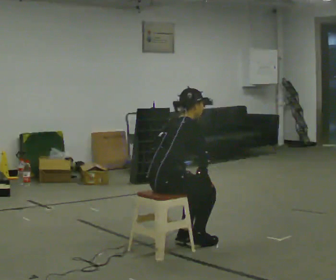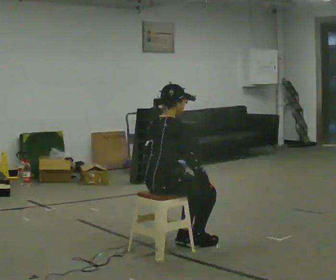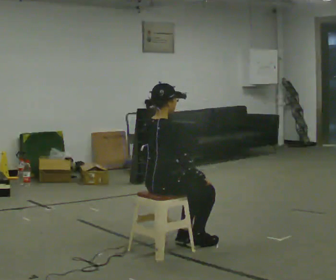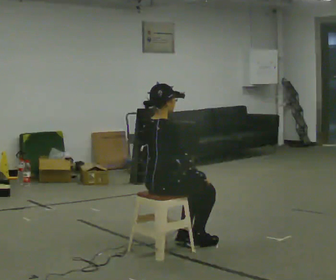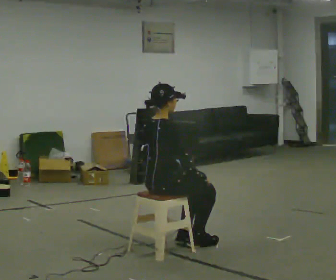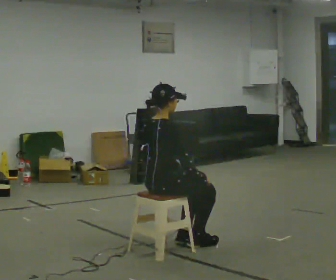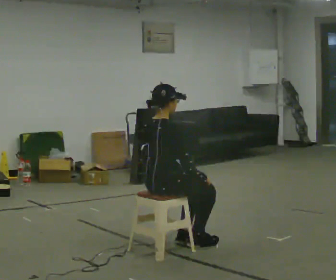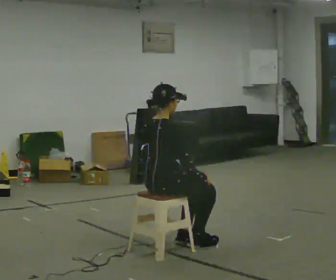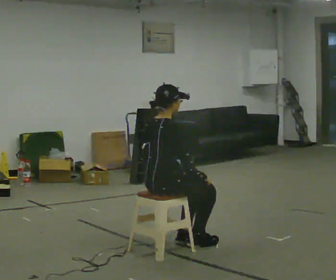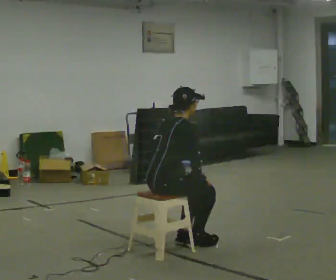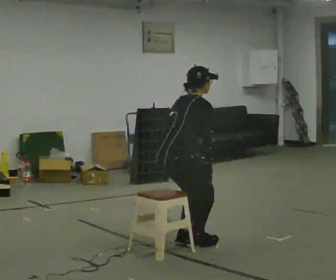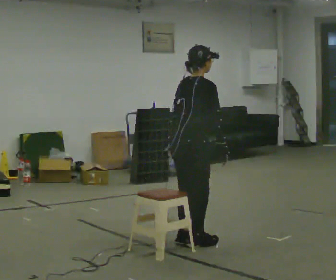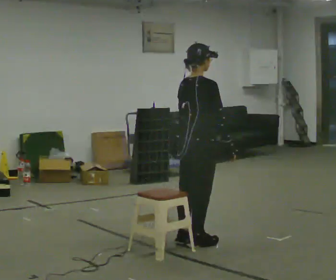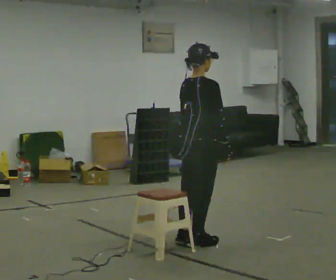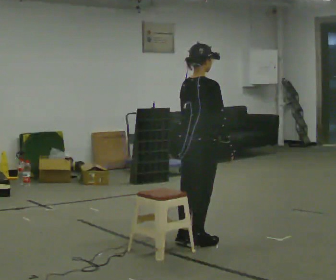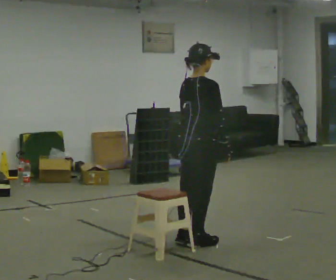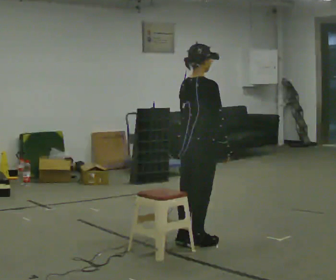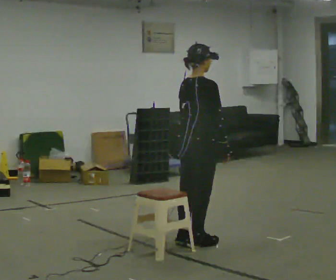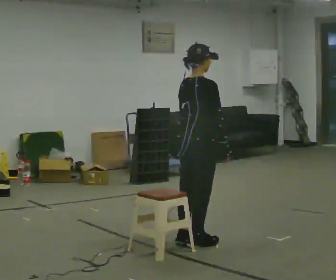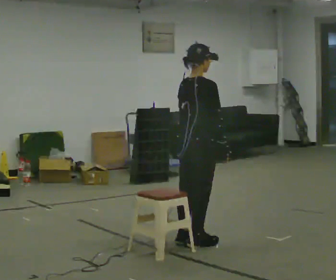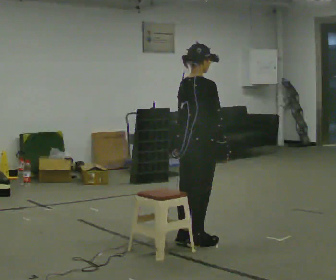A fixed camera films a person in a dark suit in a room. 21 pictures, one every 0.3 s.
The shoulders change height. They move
upward.
0.0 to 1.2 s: In the picture the upper body tilts counterclockwise, shoulders to the left, as they lean back or straighten.
1.2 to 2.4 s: The person moves a little, or ends about where they began.
2.4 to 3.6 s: In the picture they go to the right and away from the camera, about 0.25 m, which for them is forward. The shoulders move upward.
3.6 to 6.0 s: The person moves a little, or ends about where they began.
The film runs forward here.
